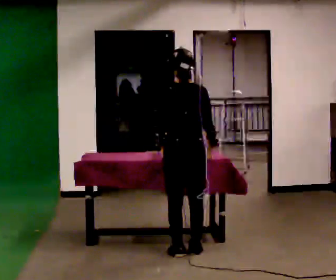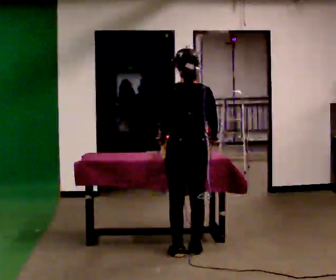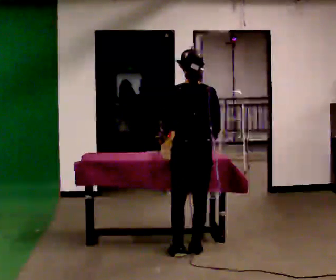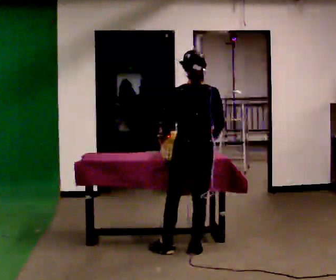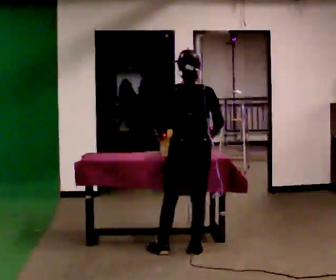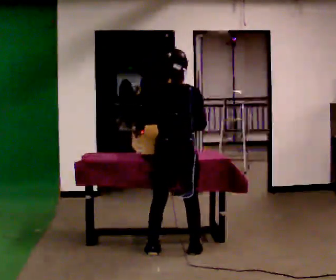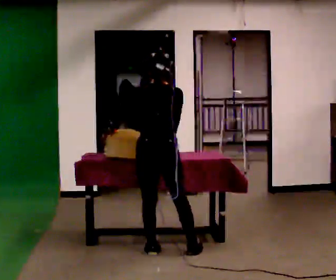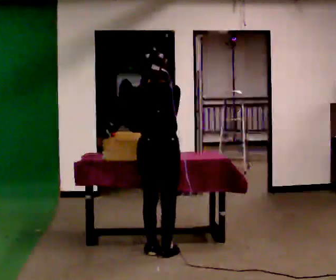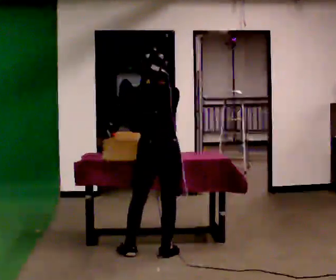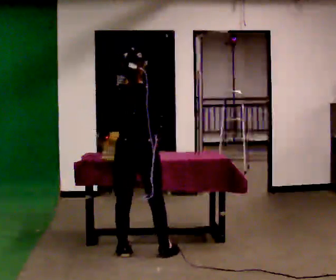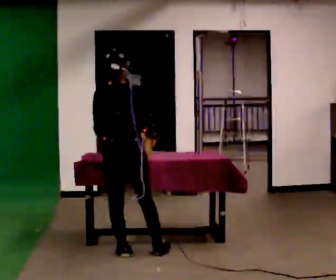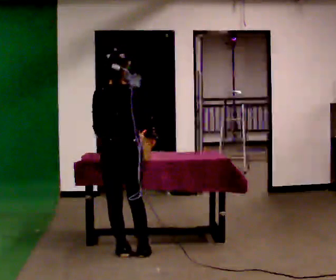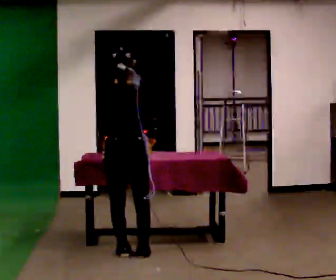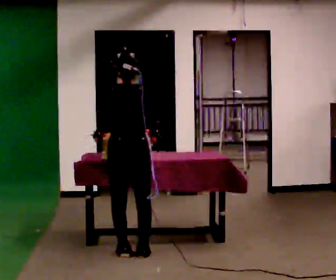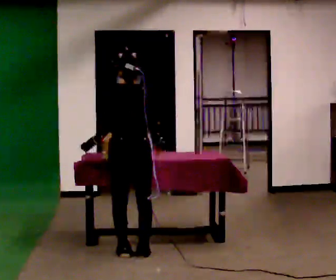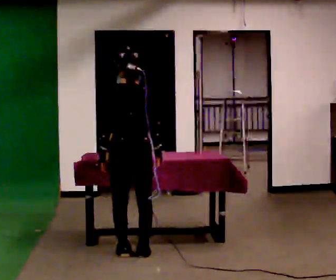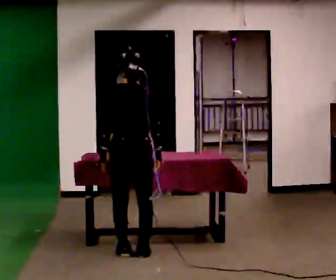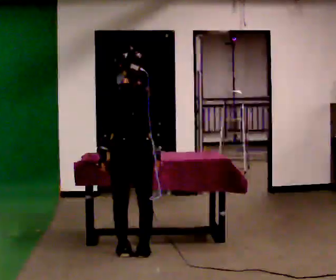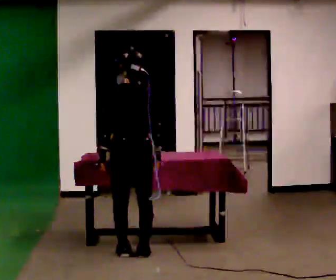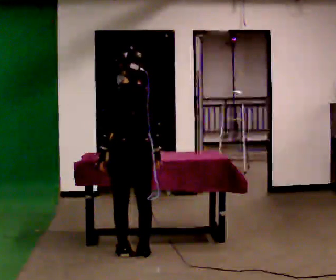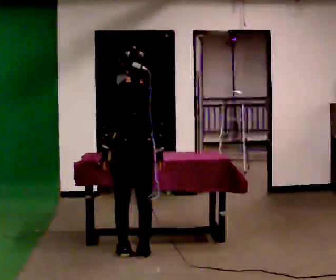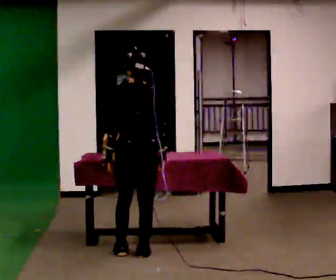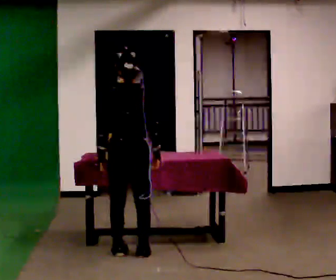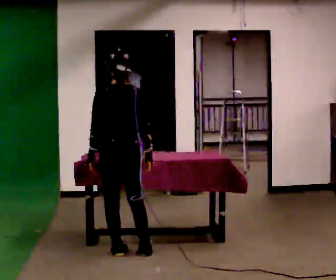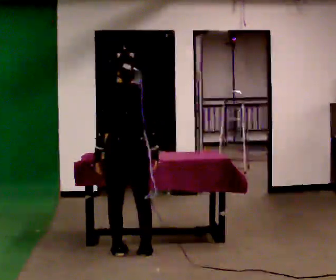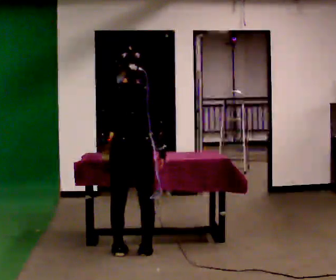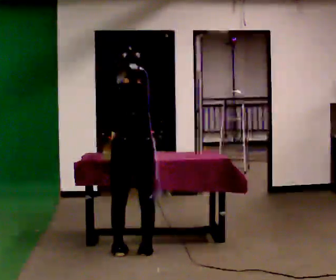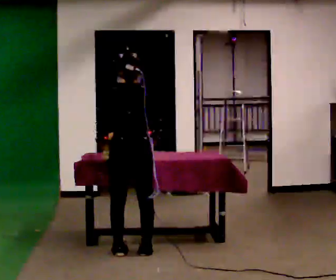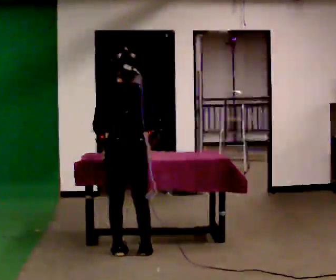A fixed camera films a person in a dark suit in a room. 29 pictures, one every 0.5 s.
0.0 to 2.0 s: The person moves a little, or ends about where they began.
2.0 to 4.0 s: In the picture they go to the left, about 0.25 m in 2 steps, which for them is to their left and backward.
4.0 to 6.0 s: In the picture they go to the left, about 0.25 m, which for them is to their left.
6.0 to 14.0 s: The person moves a little, or ends about where they began.
The film runs backward here.
